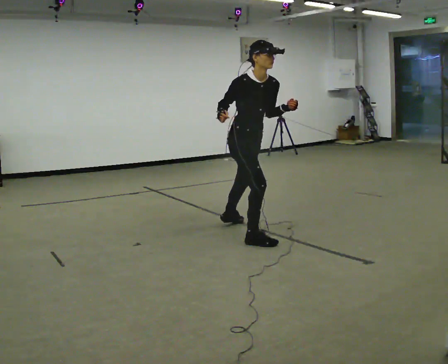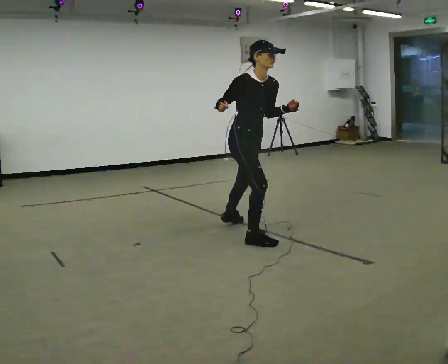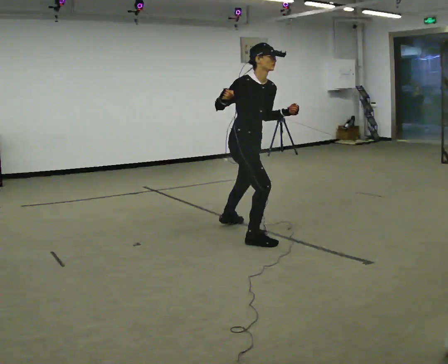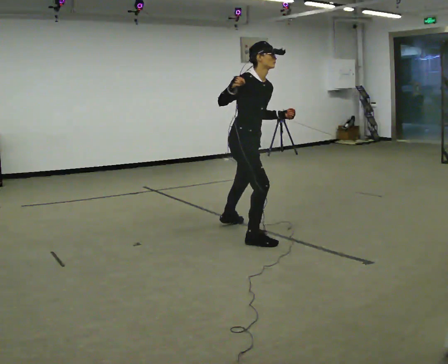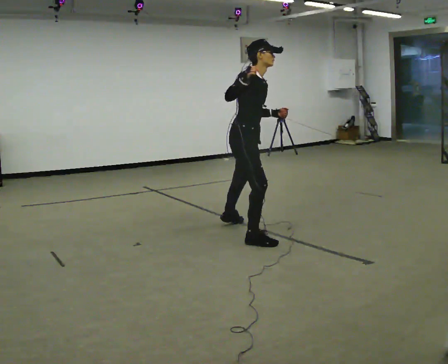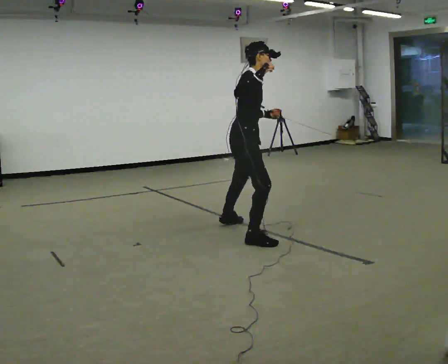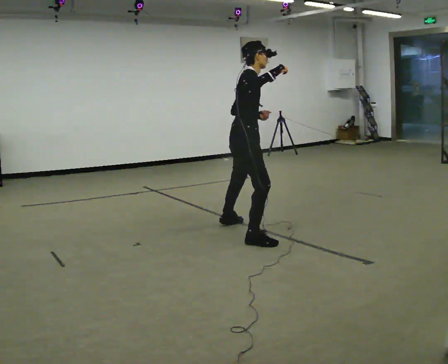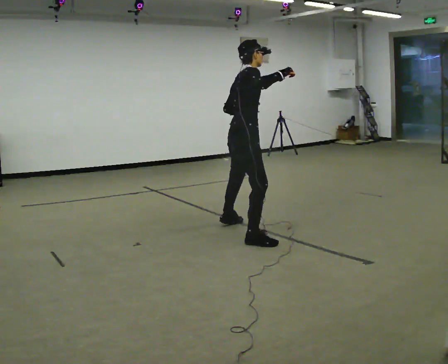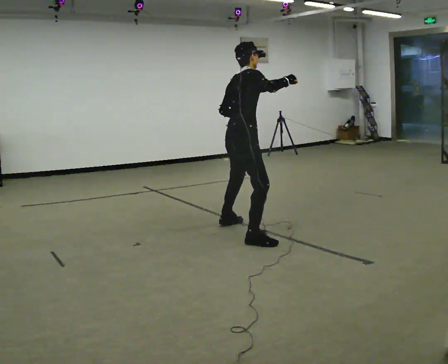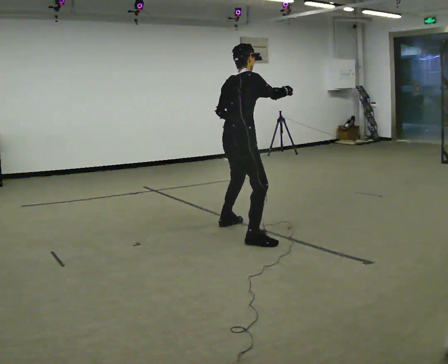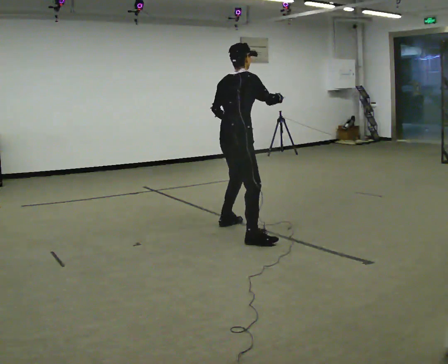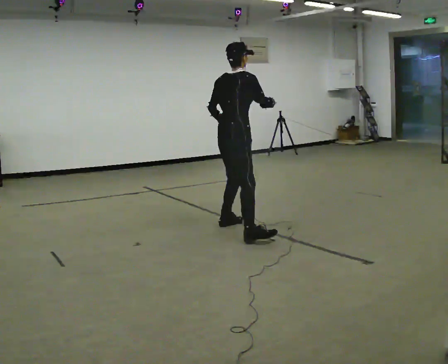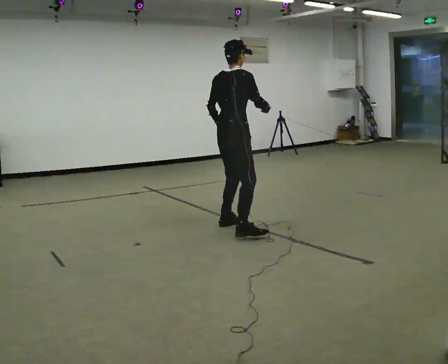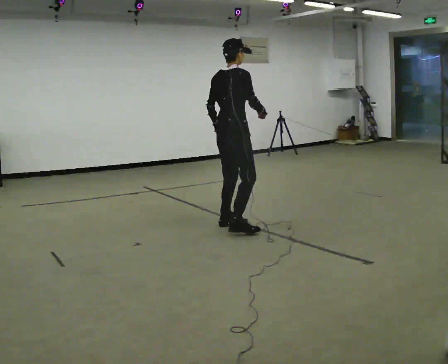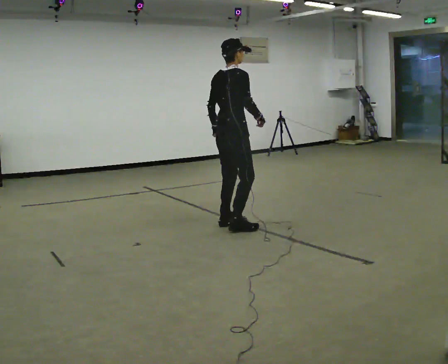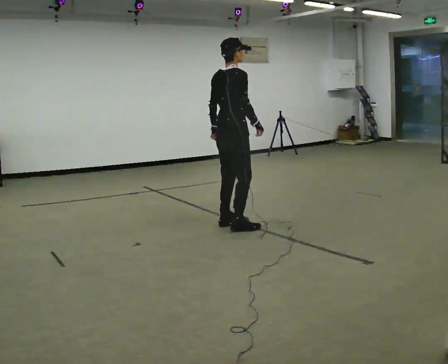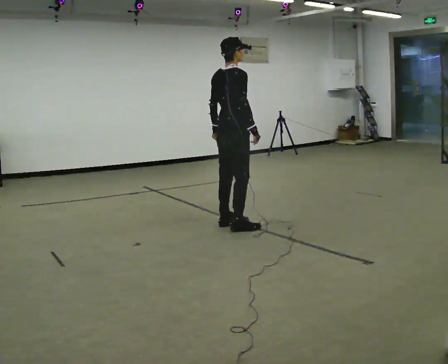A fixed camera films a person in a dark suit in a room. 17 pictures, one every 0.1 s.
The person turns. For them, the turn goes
to their left.
Their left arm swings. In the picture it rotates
clockwise.
0.0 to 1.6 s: The person turns about 75 degrees to their left, counterclockwise seen from above, so the part of the body nearest the lens slides to the right. In the picture they go away from the camera, about 0.5 m in 1 step. In the picture the upper body tilts counterclockwise, shoulders to the left.
The film runs forward here.
